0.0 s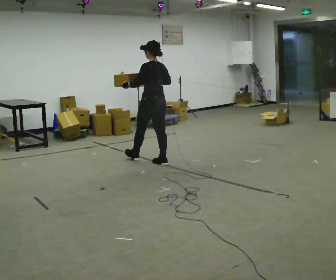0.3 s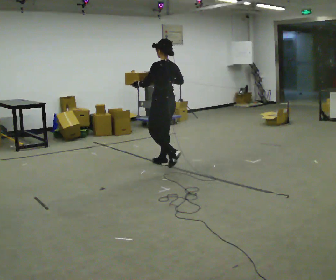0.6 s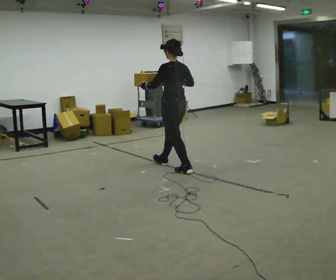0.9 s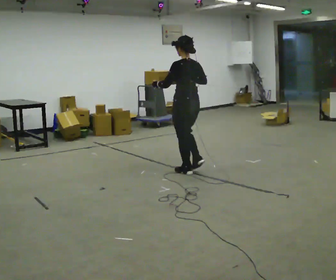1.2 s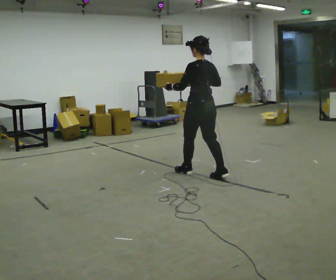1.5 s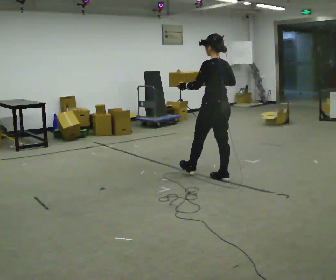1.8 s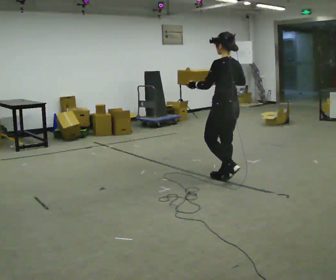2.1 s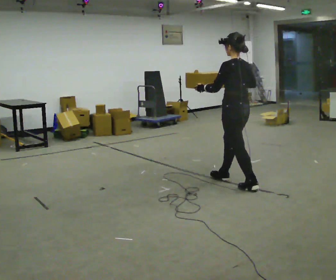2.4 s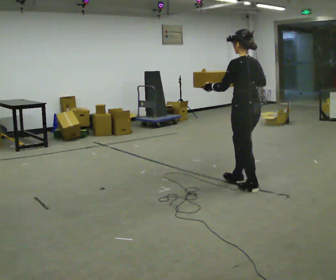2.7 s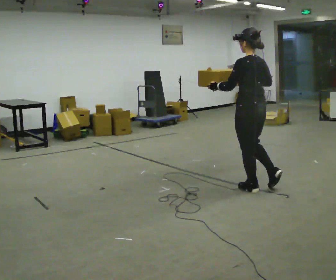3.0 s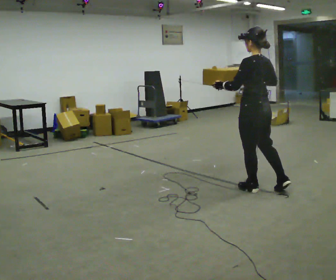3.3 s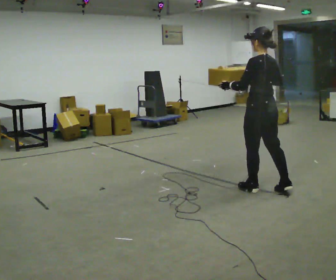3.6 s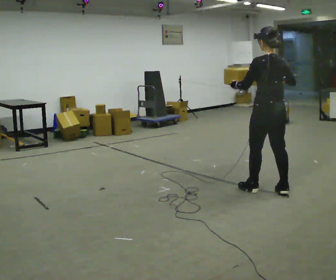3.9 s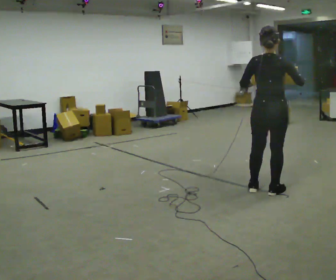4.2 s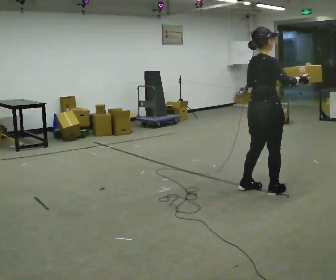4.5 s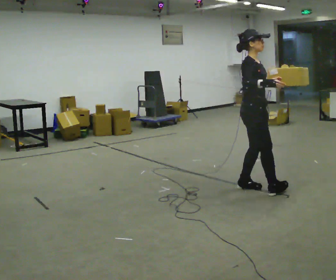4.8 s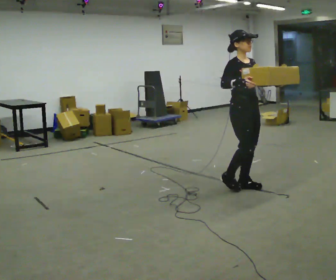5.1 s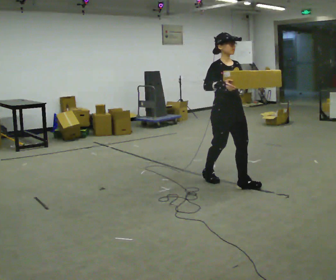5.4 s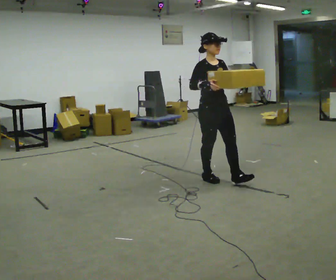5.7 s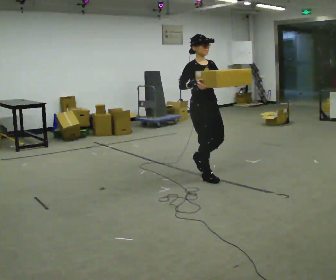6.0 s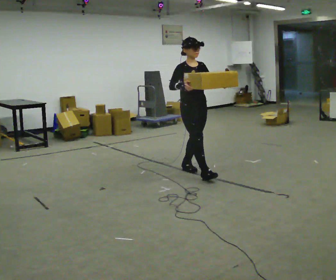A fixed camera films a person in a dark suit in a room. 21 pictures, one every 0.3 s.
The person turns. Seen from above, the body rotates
clockwise.
The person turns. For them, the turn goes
to their right.
0.0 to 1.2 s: In the picture they go to the right and toward the camera, about 1 m in 1 step, which for them is backward.
1.2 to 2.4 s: In the picture they go to the right and toward the camera, about 0.75 m in 2 steps, which for them is backward.
2.4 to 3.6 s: In the picture they go to the right, about 0.25 m in 1 step, which for them is backward.
3.6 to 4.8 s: Seen from above the body turns clockwise, about 165 degrees: to their right, with its near side sliding to the left. In the picture they go to the left and away from the camera, about 0.25 m in 2 steps.
4.8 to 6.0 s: In the picture they go to the left and away from the camera, about 1 m in 2 steps, which for them is backward.
The film runs backward here.
